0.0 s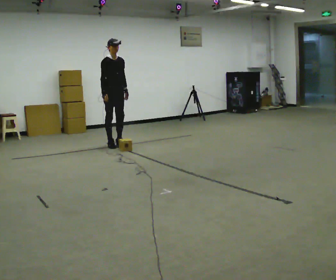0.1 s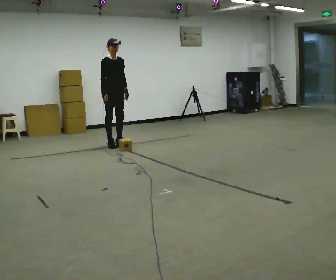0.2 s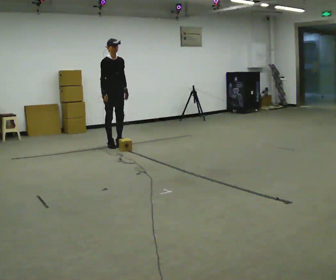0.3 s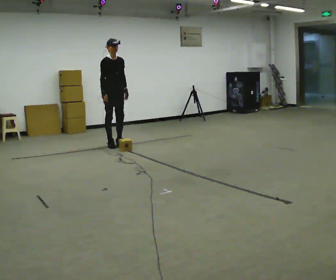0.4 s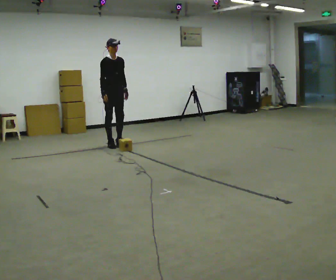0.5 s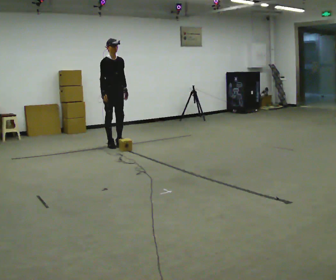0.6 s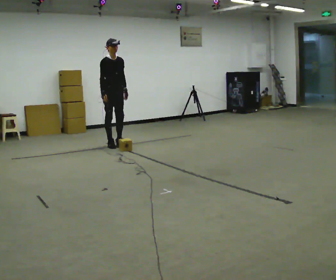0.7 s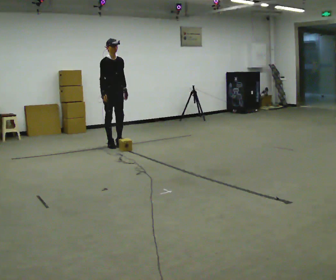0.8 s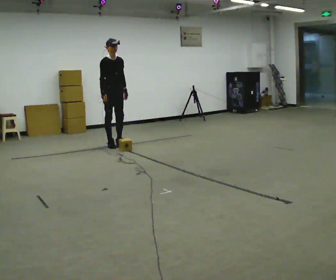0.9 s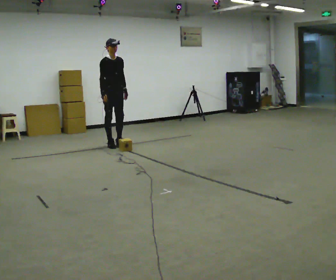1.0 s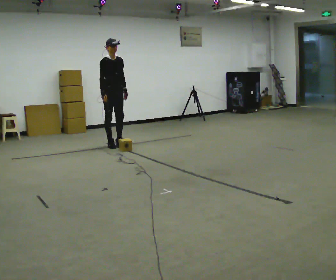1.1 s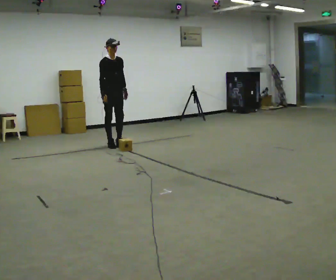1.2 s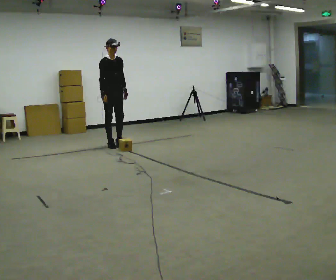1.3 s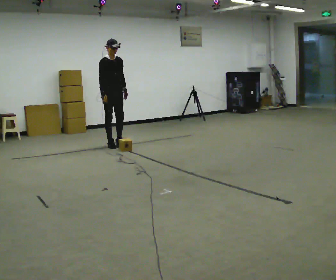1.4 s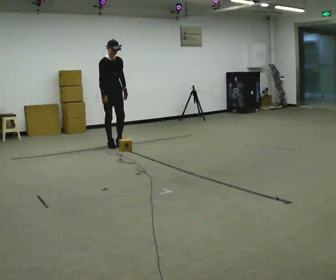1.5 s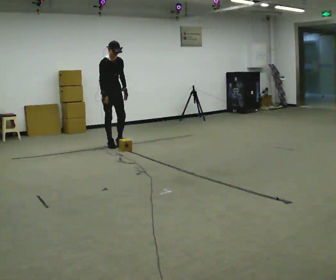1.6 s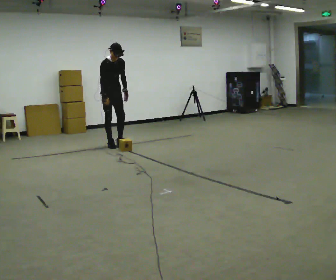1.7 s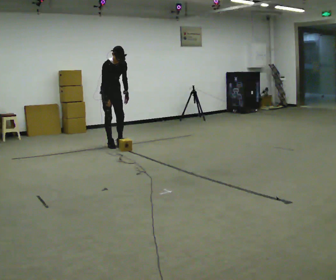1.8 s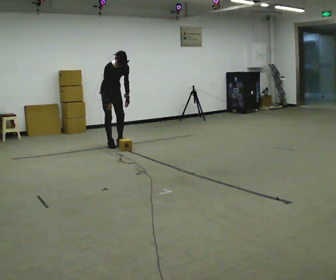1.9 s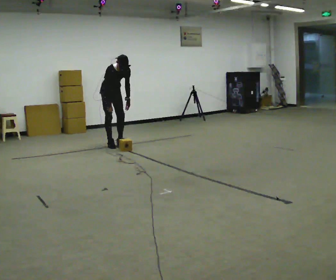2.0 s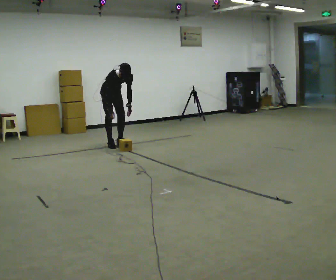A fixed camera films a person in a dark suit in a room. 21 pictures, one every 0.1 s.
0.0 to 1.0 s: The person keeps their place and pose.
1.0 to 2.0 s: In the picture they go away from the camera, about 0.25 m, which for them is backward. The upper body goes downward. The upper body tips toward the camera, its near side rolling downward, as they bend forward.
The film runs forward here.
